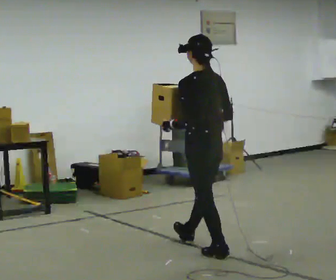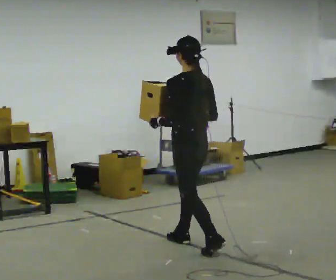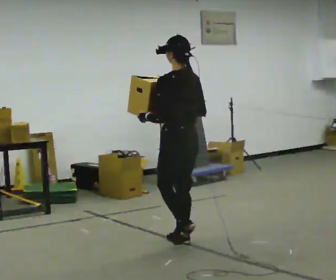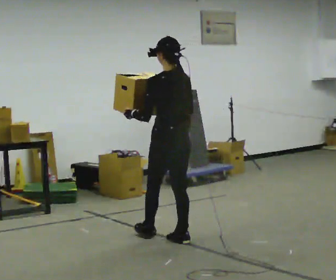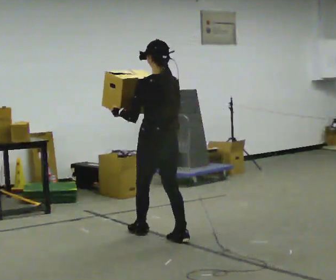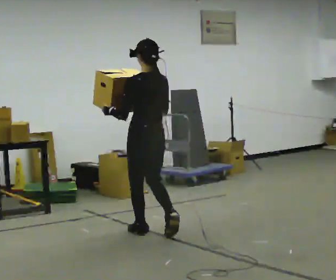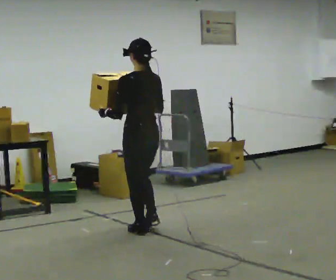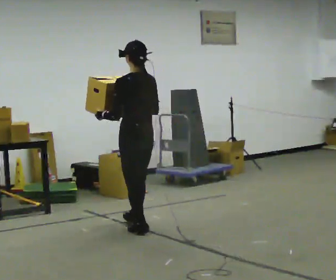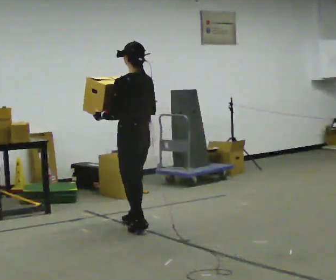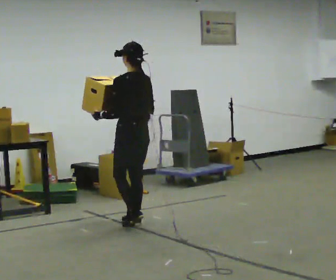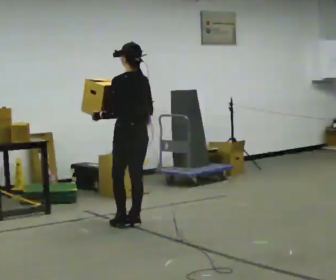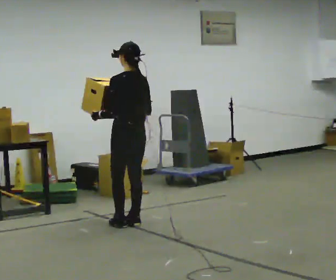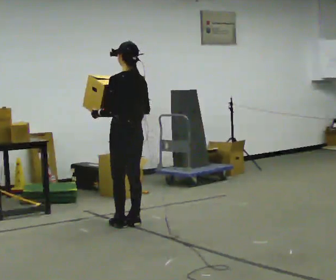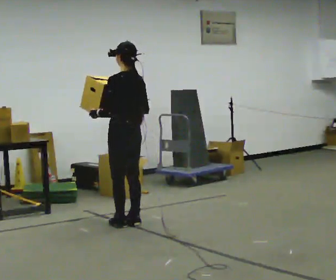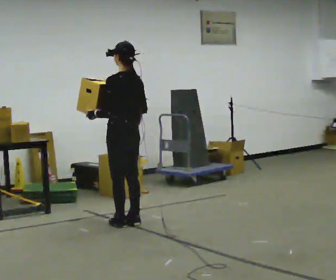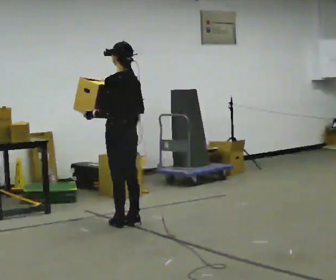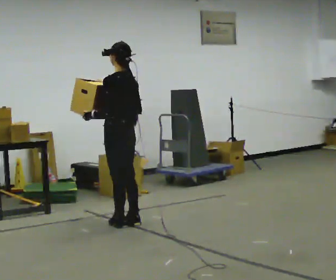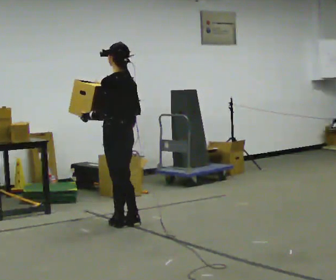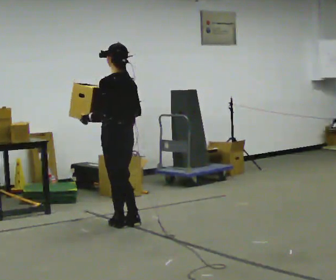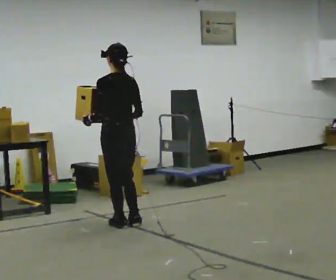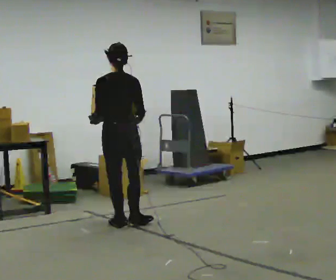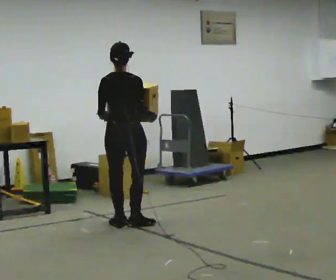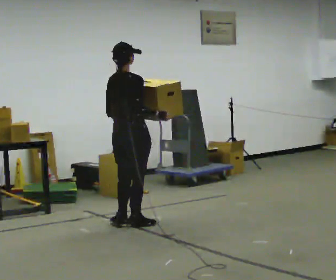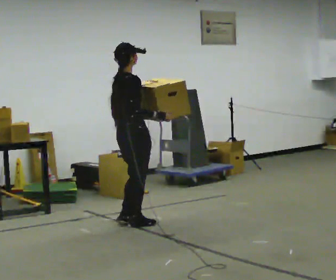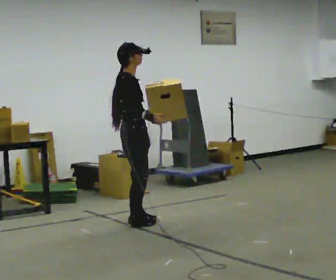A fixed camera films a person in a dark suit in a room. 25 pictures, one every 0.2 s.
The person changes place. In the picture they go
away from the camera.
0.0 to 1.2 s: In the picture they go away from the camera and to the left, about 1 m in 2 steps, which for them is forward.
1.2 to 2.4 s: In the picture they go away from the camera, about 0.5 m in 2 steps, which for them is forward.
2.4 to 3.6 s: The person moves a little, or ends about where they began.
3.6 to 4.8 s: The person turns about 135 degrees to their right, clockwise seen from above, so the part of the body nearest the lens slides to the left.
The film runs forward here.
